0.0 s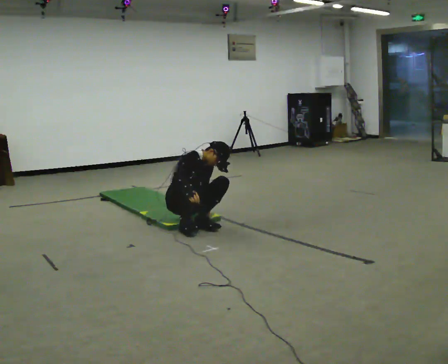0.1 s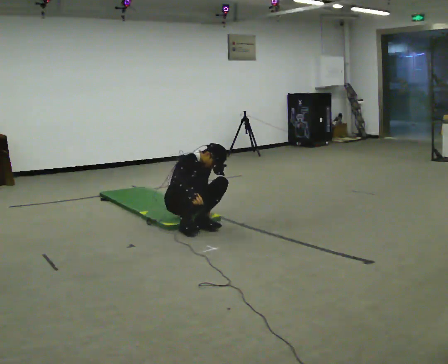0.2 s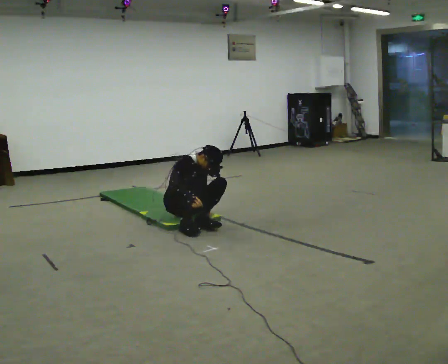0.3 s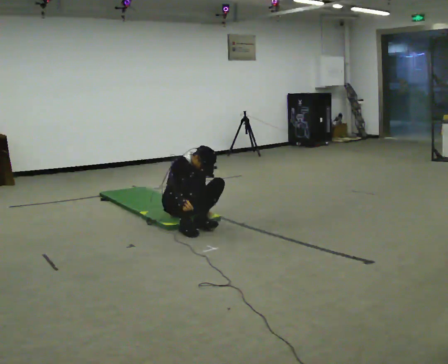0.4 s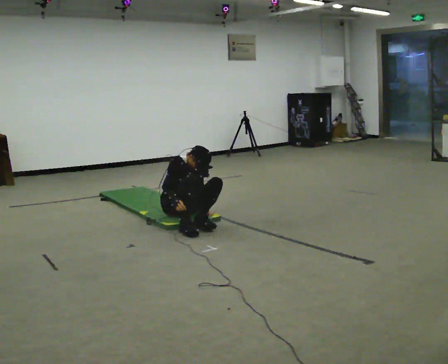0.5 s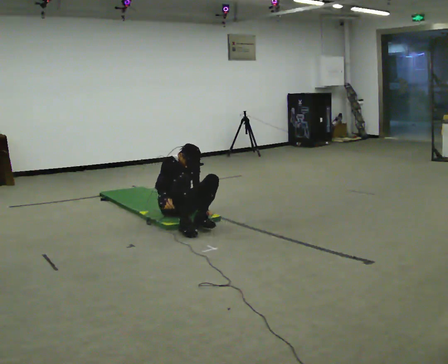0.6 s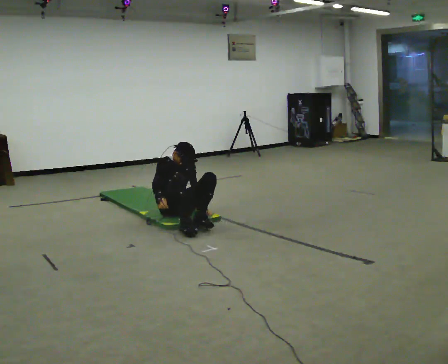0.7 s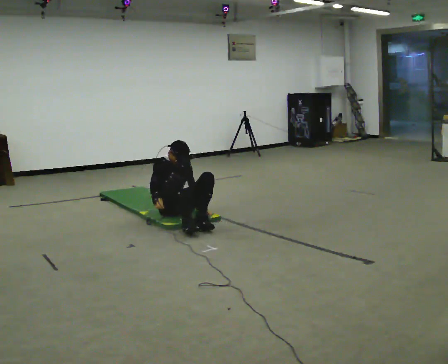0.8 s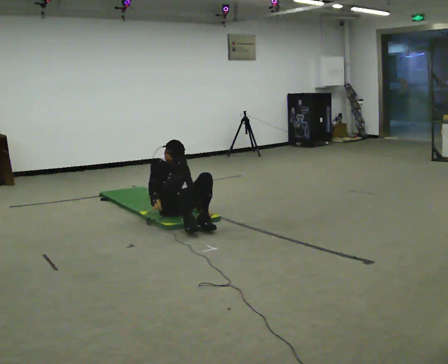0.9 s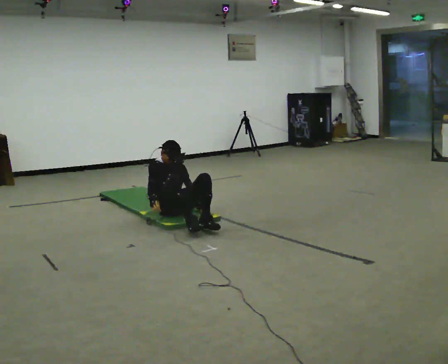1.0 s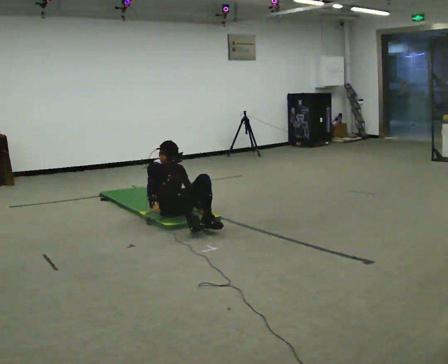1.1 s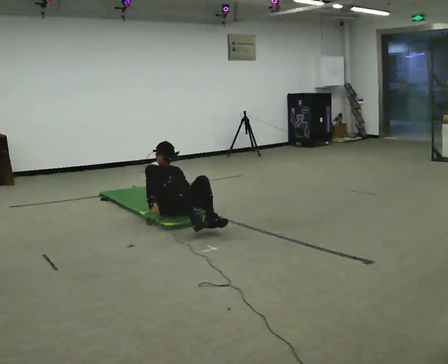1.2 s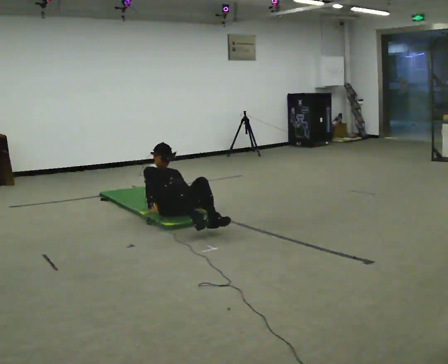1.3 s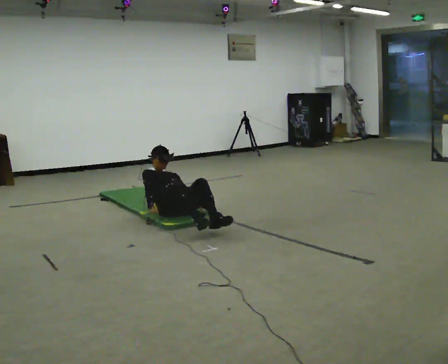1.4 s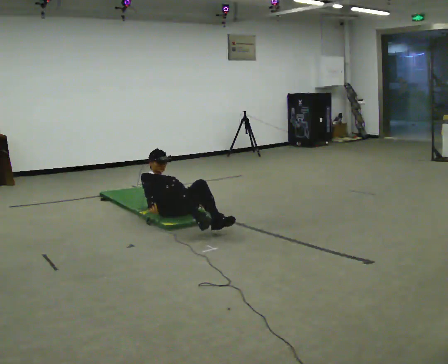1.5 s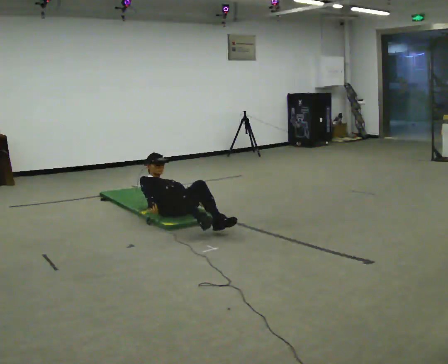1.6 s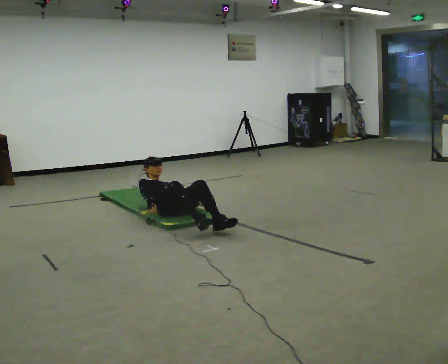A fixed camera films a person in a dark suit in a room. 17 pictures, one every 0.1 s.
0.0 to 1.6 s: In the picture they go away from the camera, about 0.25 m in 2 steps, which for them is backward. The shoulders move downward. The upper body tips away from the camera, its near side rolling upward, as they lean back or straighten.
The film runs backward here.
